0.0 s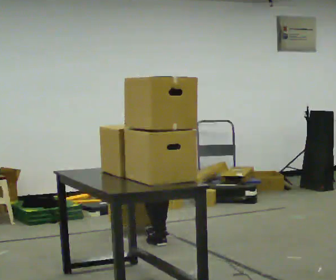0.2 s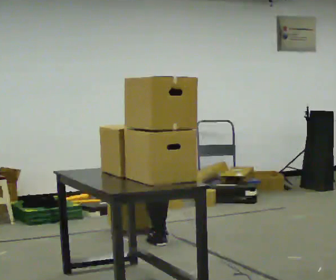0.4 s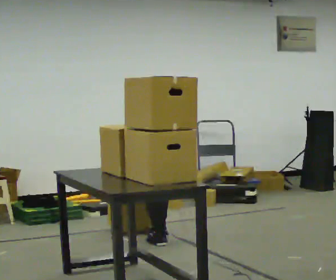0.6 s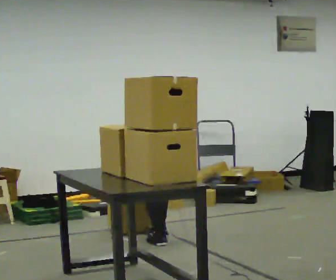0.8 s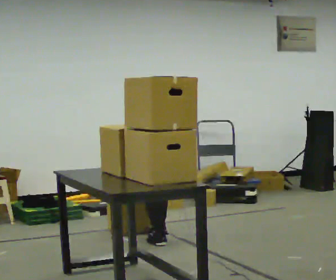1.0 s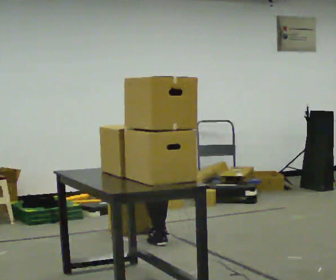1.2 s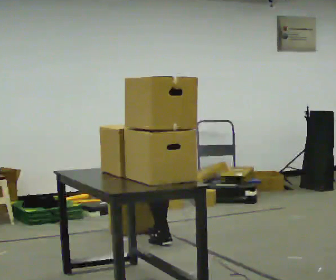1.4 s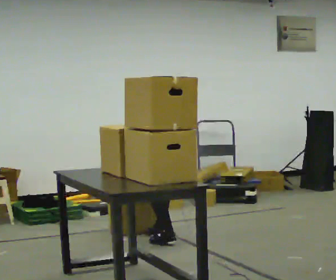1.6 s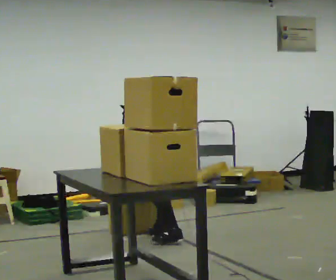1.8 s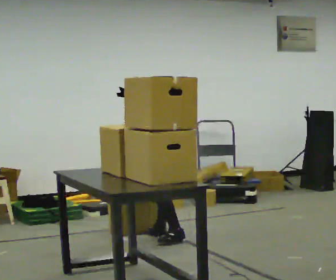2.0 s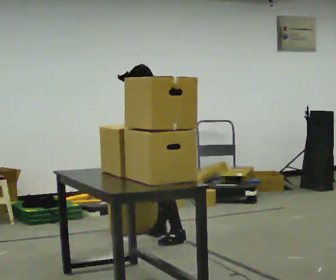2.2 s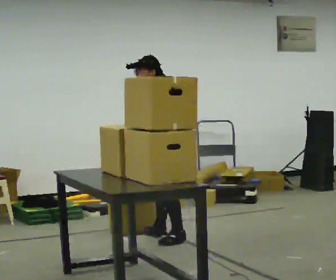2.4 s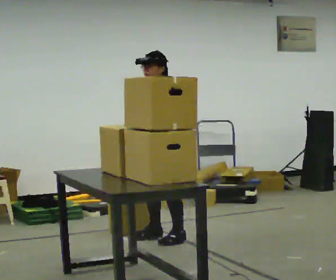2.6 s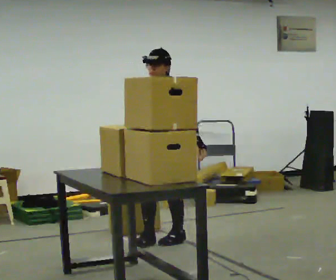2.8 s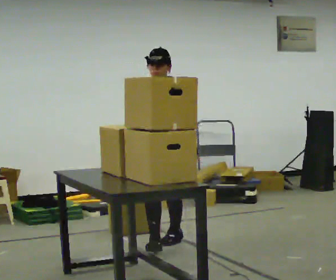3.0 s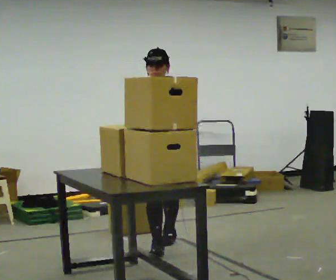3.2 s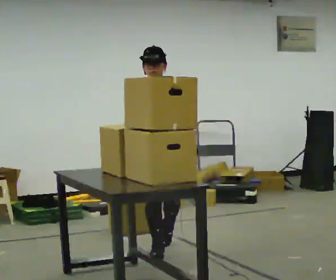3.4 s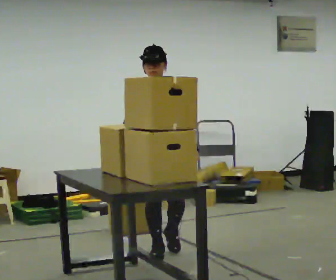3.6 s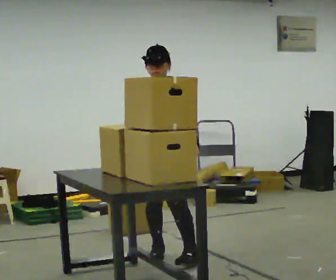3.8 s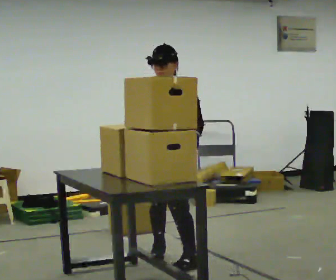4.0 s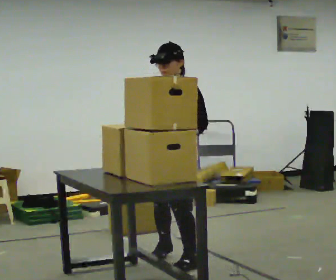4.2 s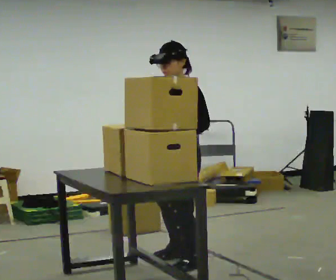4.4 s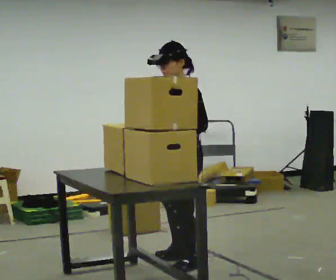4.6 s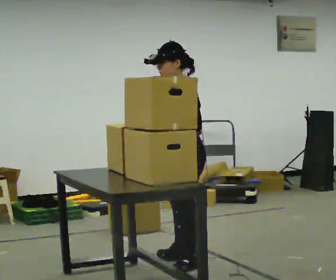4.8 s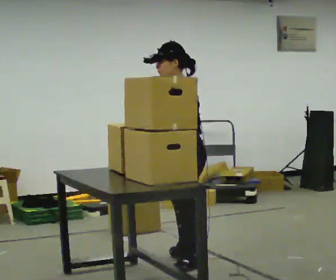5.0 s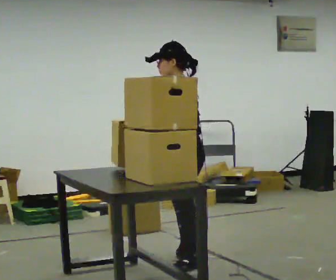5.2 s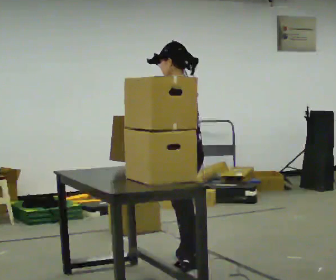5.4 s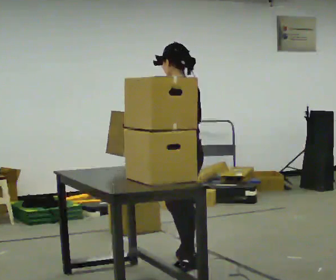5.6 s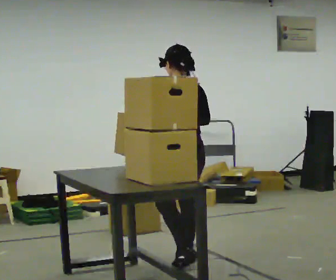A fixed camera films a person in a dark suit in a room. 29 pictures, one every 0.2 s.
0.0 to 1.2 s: The person moves a little, or ends about where they began.
1.2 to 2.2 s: Seen from above the body turns counterclockwise, about 75 degrees: to their left, with its near side sliding to the right. The shoulders move upward. The upper body tips toward the camera, its near side rolling downward, as they lean back or straighten. In the picture their left hand goes to the right and upward.
2.2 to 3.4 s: The person turns about 75 degrees to their left, counterclockwise seen from above, so the part of the body nearest the lens slides to the right. In the picture they go toward the camera, about 0.5 m in 1 step. In the picture the upper body tilts clockwise, shoulders to the right.
3.4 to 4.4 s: The person turns about 75 degrees to their right, clockwise seen from above, so the part of the body nearest the lens slides to the left. In the picture they go toward the camera and to the right, about 0.5 m in 2 steps.
4.4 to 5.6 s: The part of the body nearest the lens slides to the left as the person turns to their right by about 75 degrees. In the picture they go away from the camera, about 0.25 m. In the picture their right hand goes to the right.
The film runs forward here.
